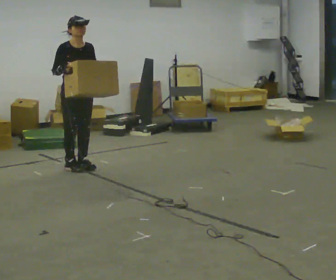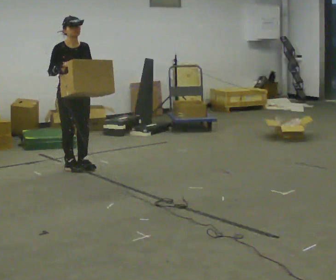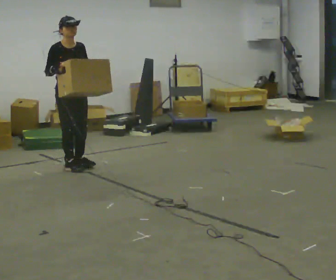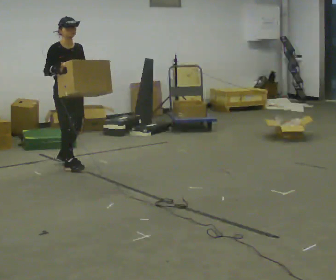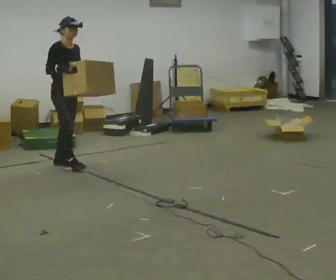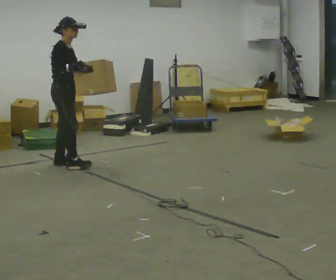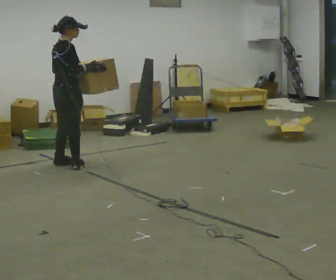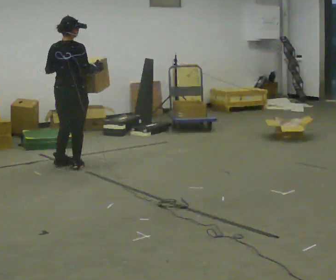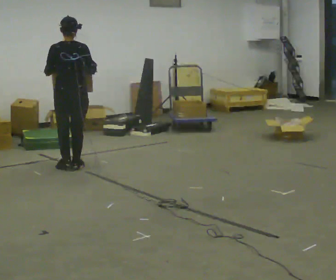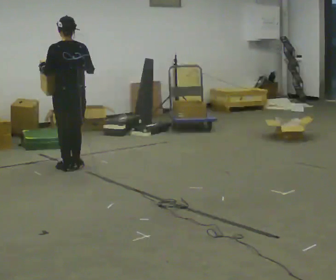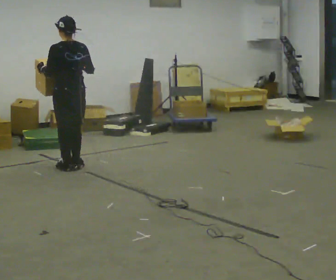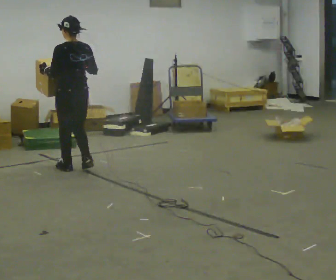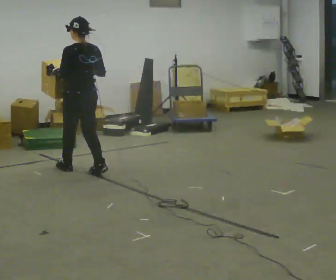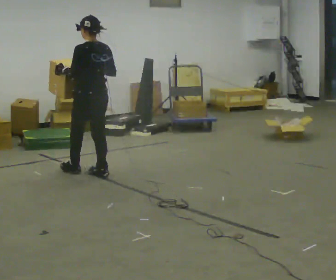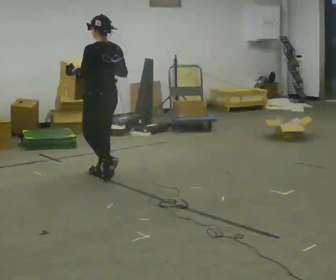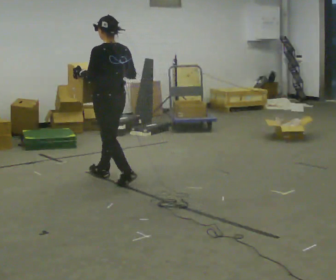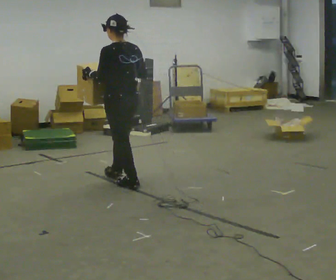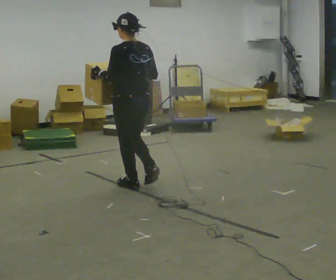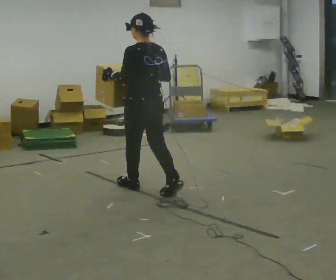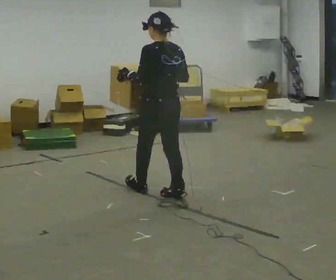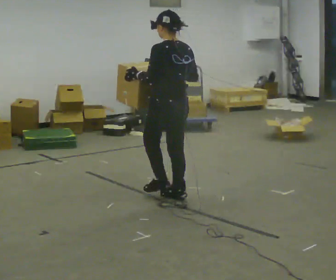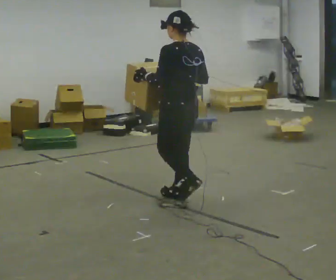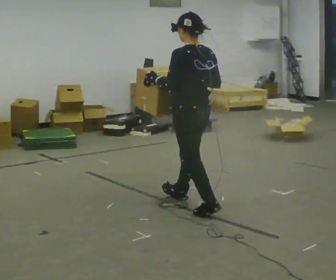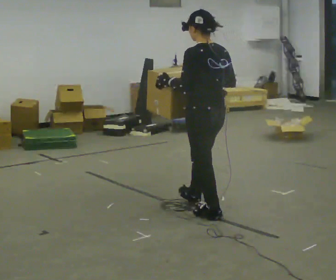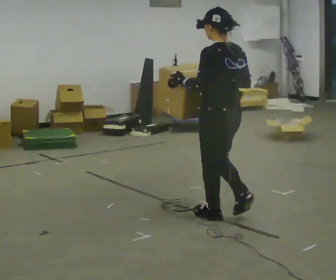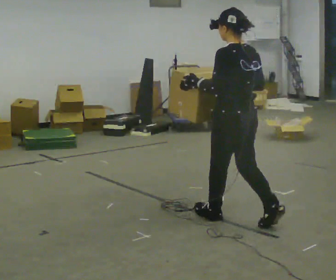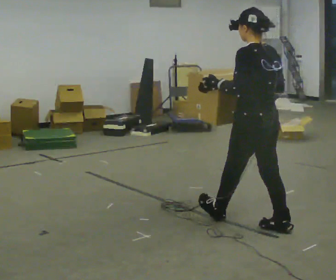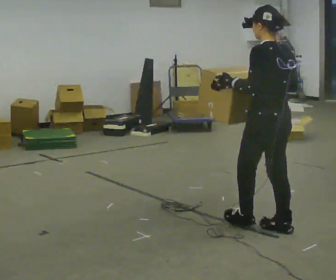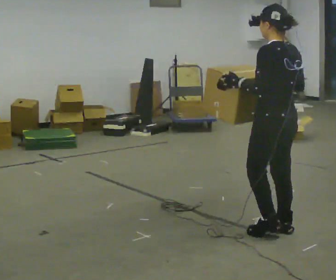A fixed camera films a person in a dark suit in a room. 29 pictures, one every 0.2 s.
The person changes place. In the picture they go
toward the camera.
The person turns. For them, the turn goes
to their left.
0.0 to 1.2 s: The part of the body nearest the lens slides to the right as the person turns to their left by about 75 degrees.
1.2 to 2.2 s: Seen from above the body turns counterclockwise, about 90 degrees: to their left, with its near side sliding to the right. In the picture they go toward the camera, about 0.25 m in 2 steps.
2.2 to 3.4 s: In the picture they go toward the camera and to the right, about 1 m in 2 steps, which for them is backward.
3.4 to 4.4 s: In the picture they go toward the camera and to the right, about 0.5 m in 1 step, which for them is backward.
4.4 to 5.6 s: In the picture they go toward the camera and to the right, about 1 m in 2 steps, which for them is backward.
The film runs backward here.
